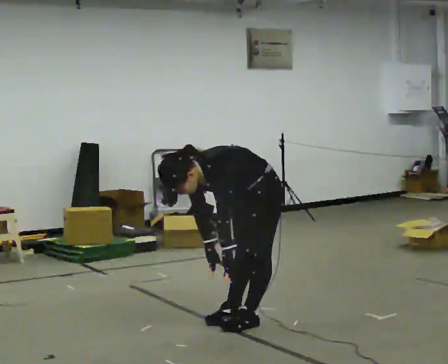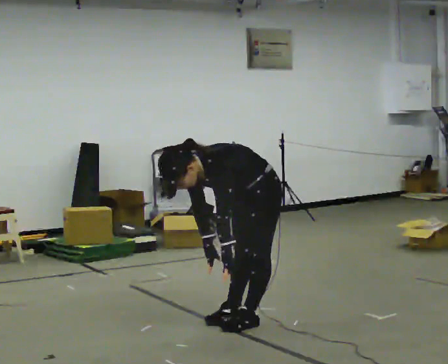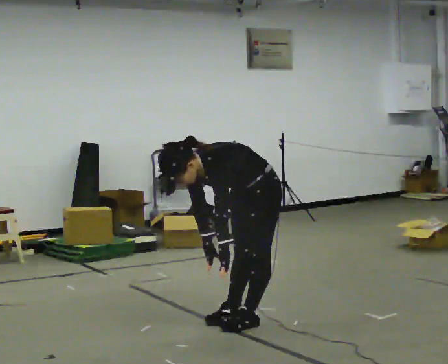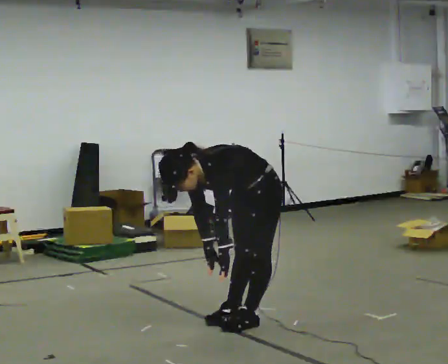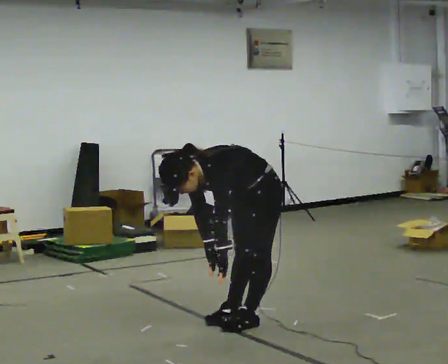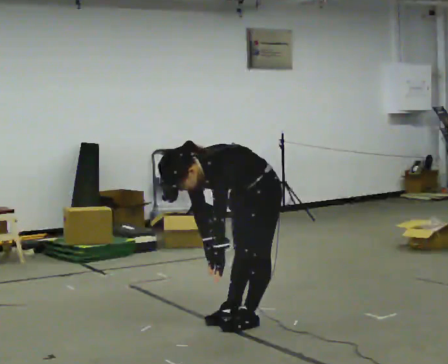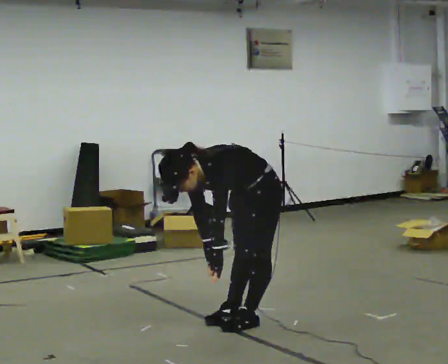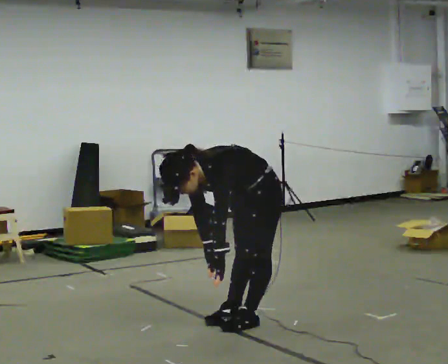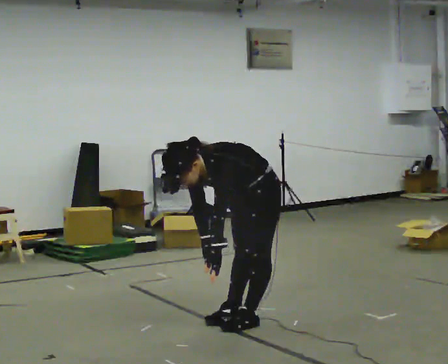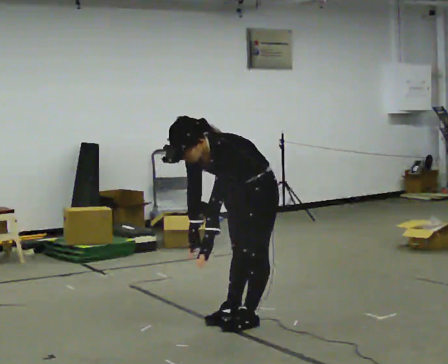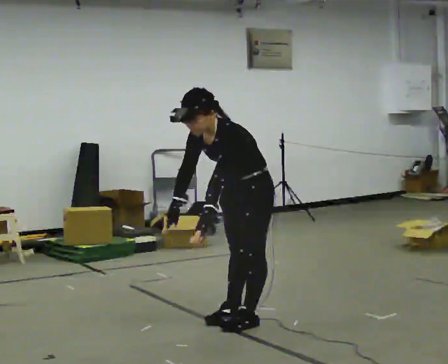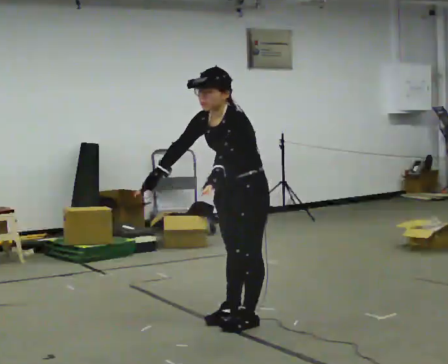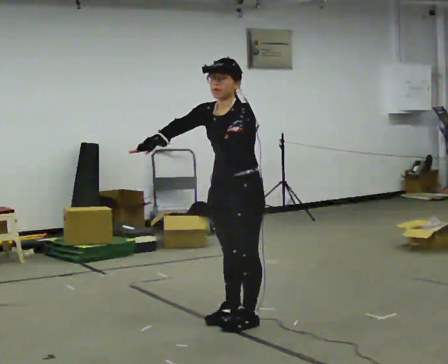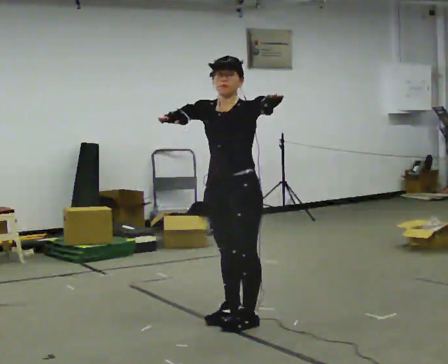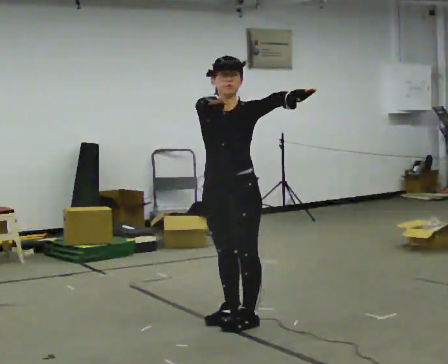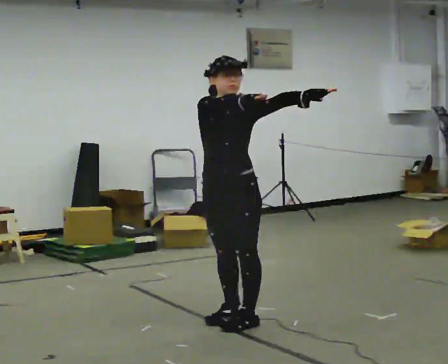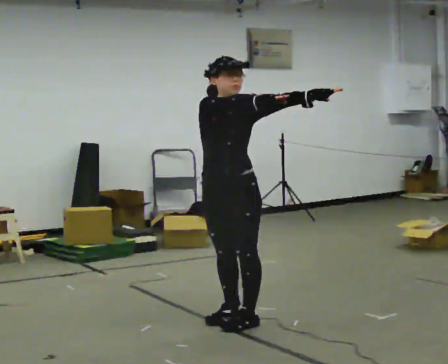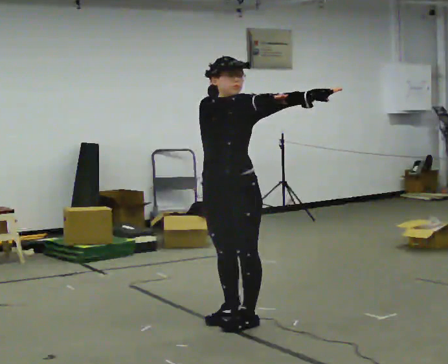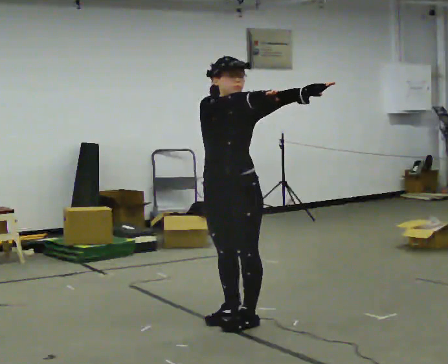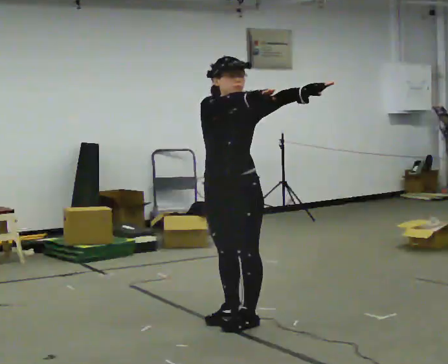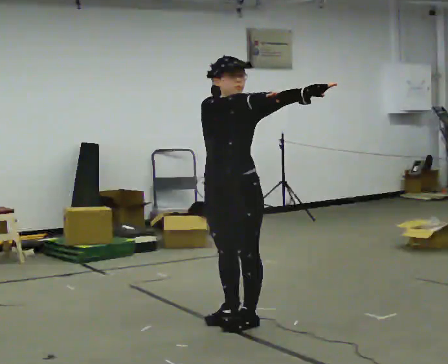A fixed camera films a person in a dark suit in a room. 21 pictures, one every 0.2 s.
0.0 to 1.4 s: The person moves a little, or ends about where they began.
1.4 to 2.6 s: In the picture they go to the left, about 0.25 m, which for them is forward. The shoulders move upward. In the picture the upper body tilts clockwise, shoulders to the right, as they lean back or straighten. In the picture their left hand goes upward.
2.6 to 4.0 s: The person turns about 30 degrees to their left, counterclockwise seen from above, so the part of the body nearest the lens slides to the right. In the picture their right hand goes to the right.
The film runs forward here.
